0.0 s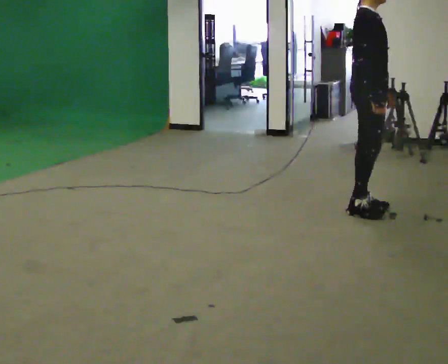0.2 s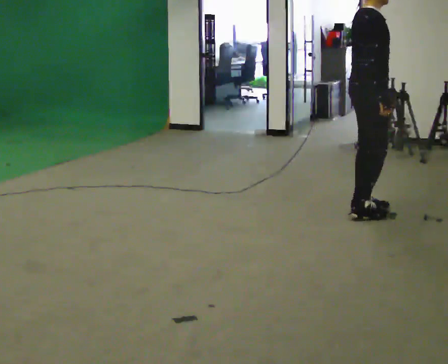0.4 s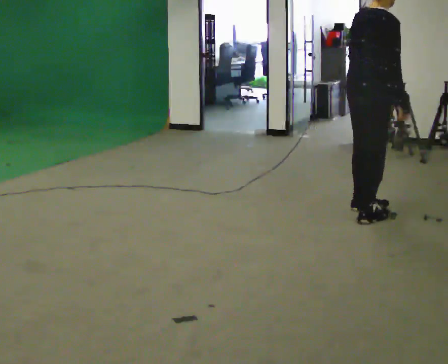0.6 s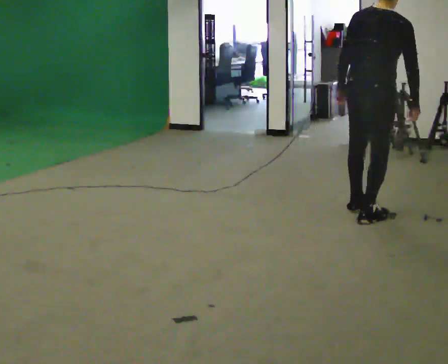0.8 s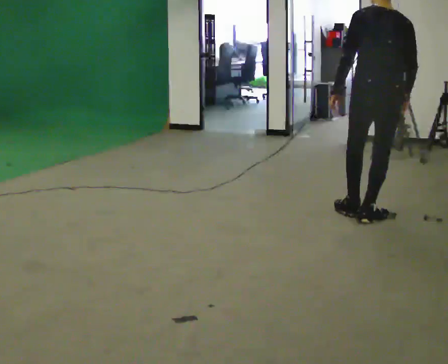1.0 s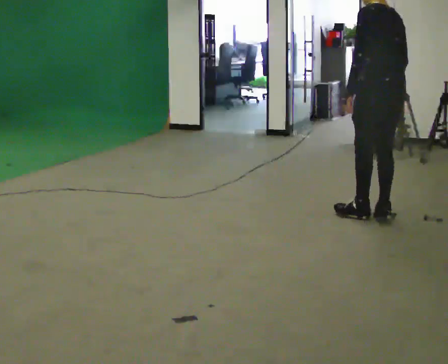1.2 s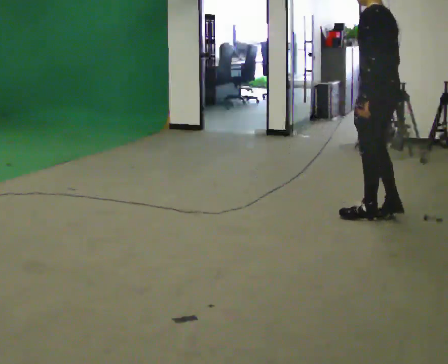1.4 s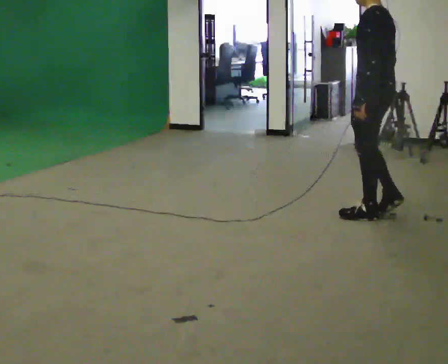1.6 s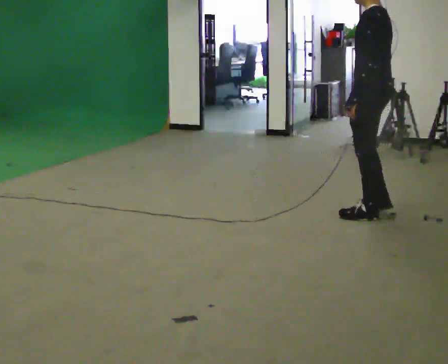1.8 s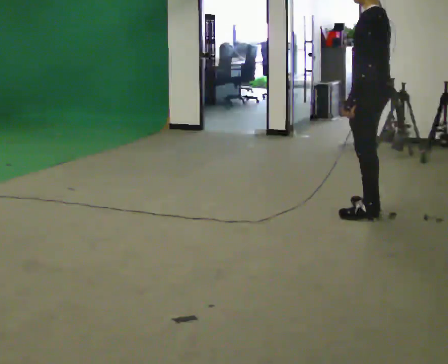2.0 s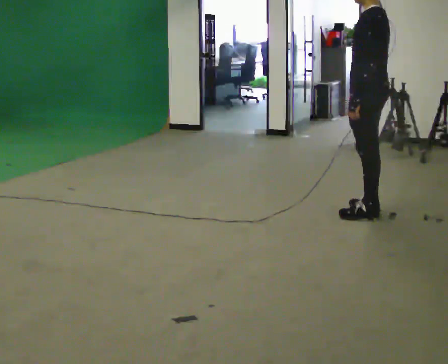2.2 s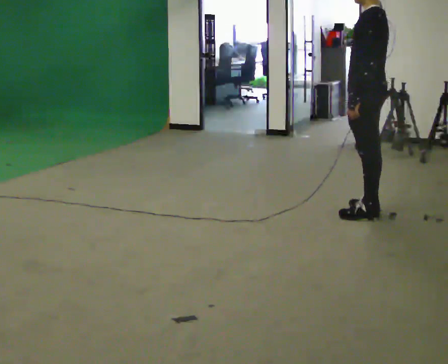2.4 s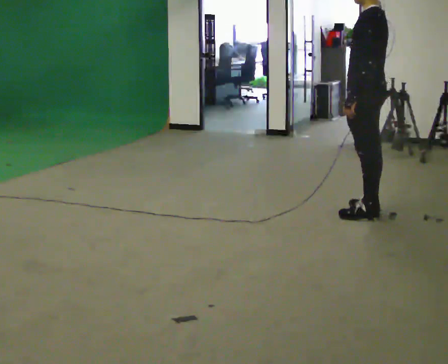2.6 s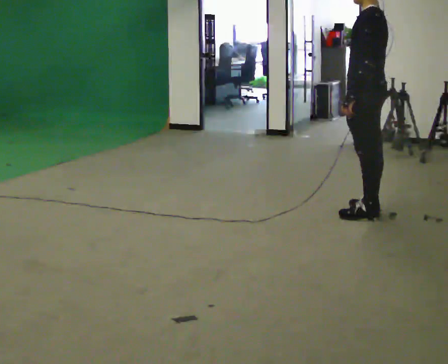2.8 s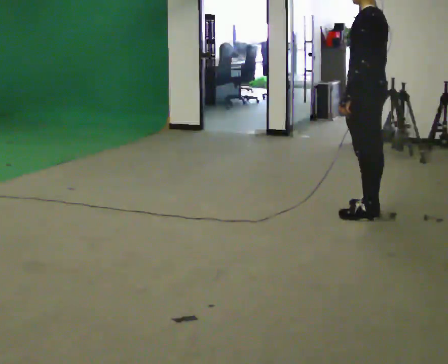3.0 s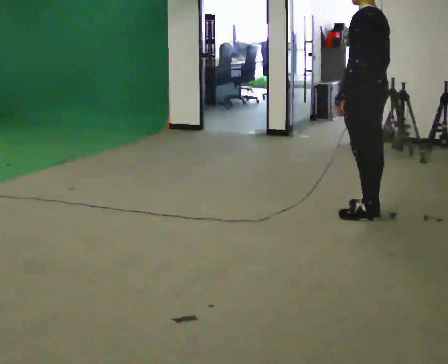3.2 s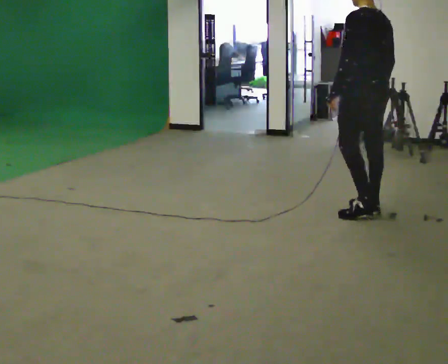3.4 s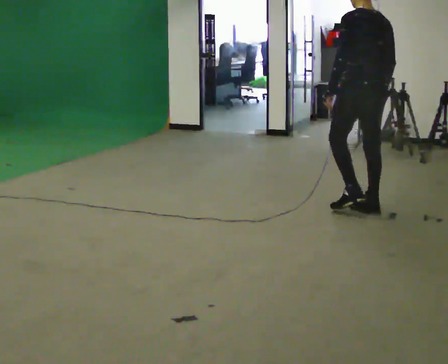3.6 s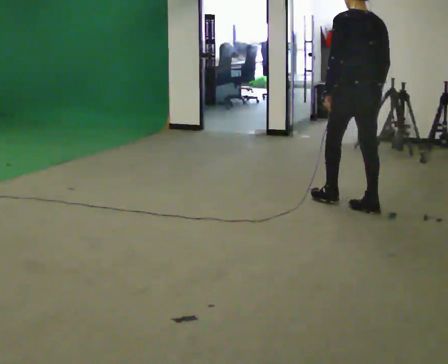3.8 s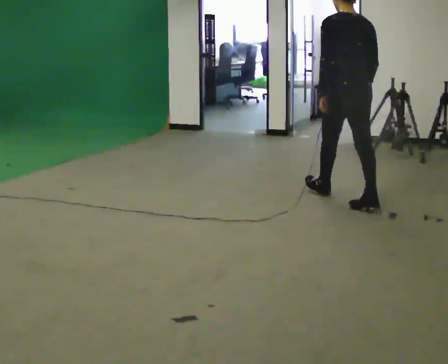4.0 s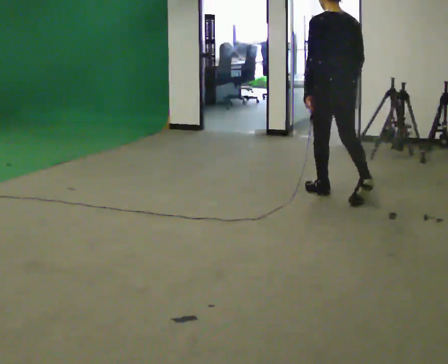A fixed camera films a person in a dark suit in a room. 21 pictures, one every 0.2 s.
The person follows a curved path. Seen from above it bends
counterclockwise.
0.0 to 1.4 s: The part of the body nearest the lens slides to the right as the person turns to their left by about 165 degrees.
1.4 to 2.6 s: The person moves a little, or ends about where they began.
2.6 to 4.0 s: The part of the body nearest the lens slides to the left as the person turns to their right by about 45 degrees. In the picture they go away from the camera and to the left, about 0.5 m in 1 step, which for them is forward.
The film runs forward here.
